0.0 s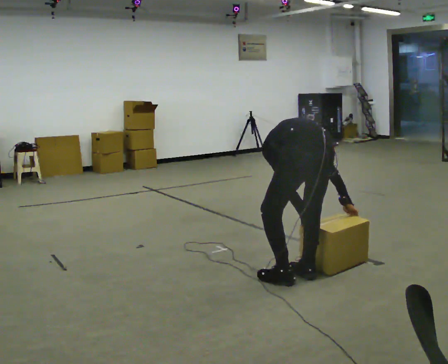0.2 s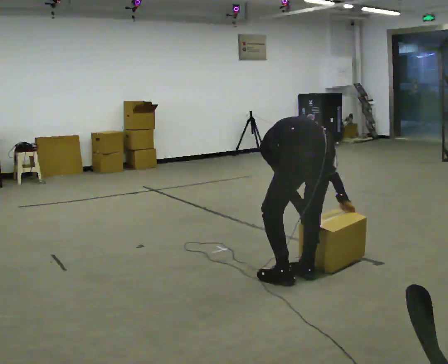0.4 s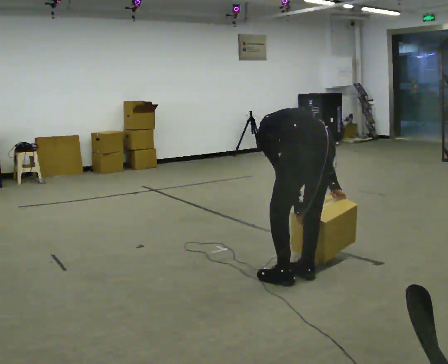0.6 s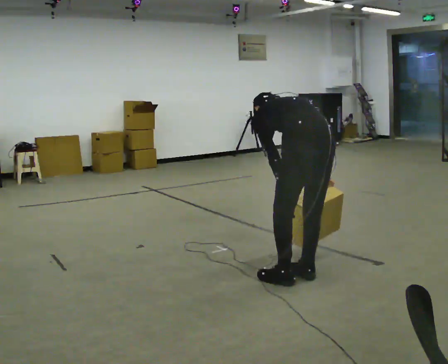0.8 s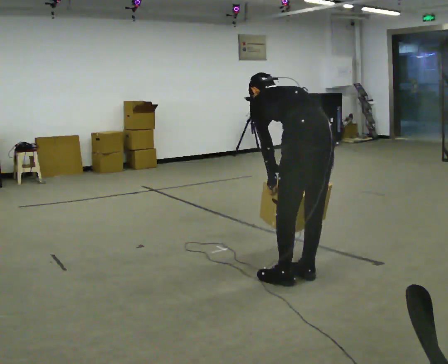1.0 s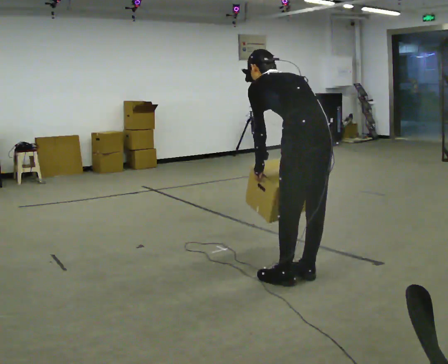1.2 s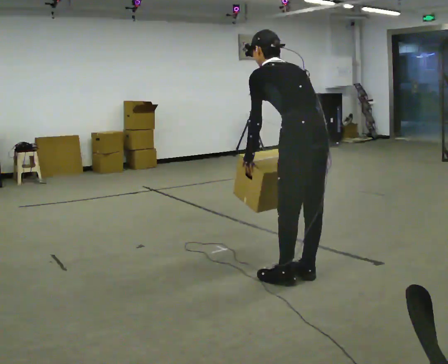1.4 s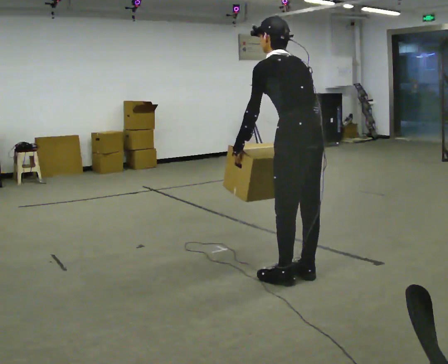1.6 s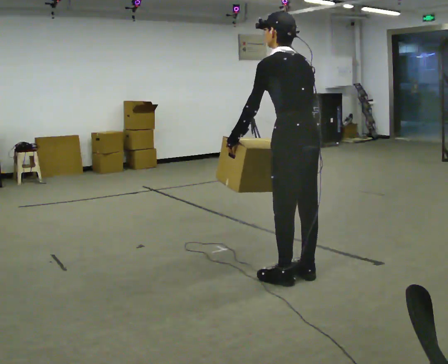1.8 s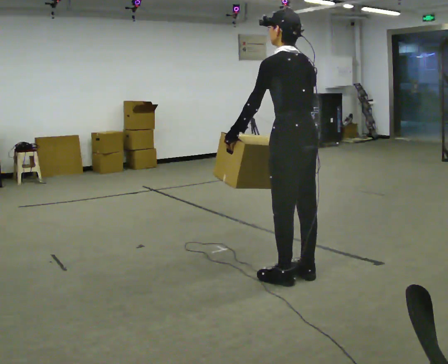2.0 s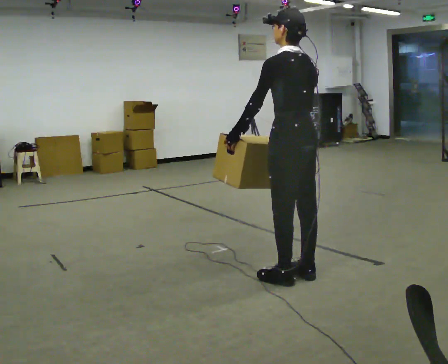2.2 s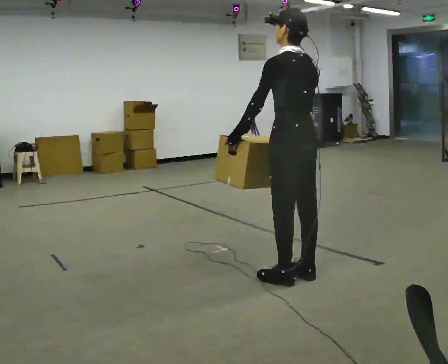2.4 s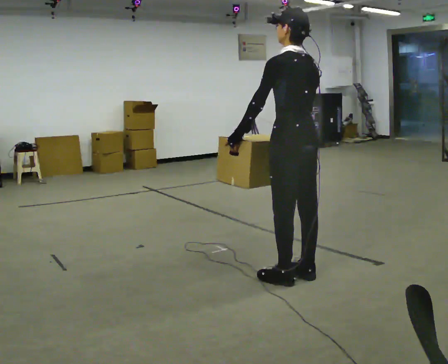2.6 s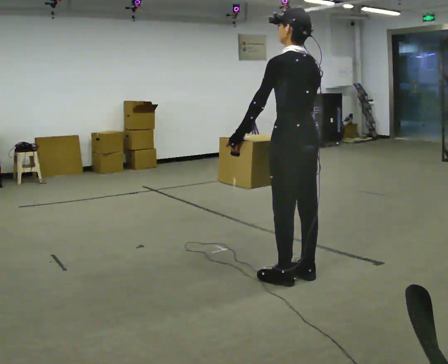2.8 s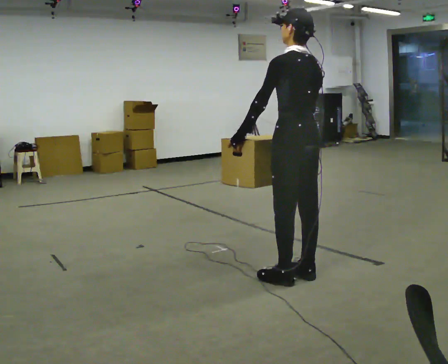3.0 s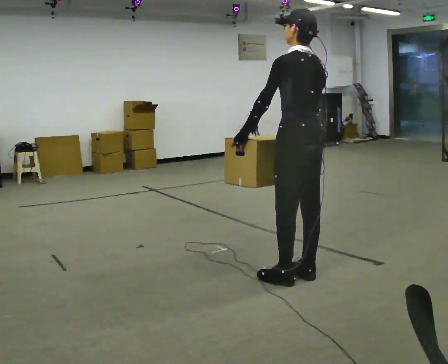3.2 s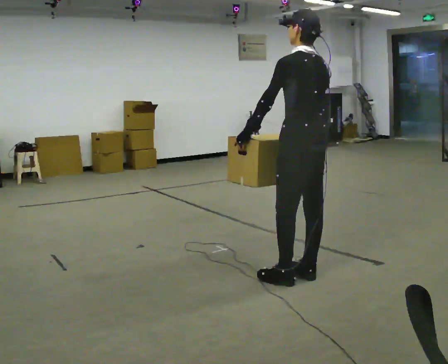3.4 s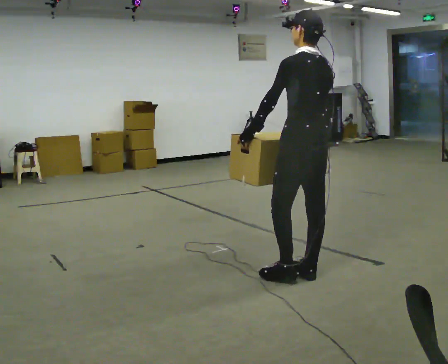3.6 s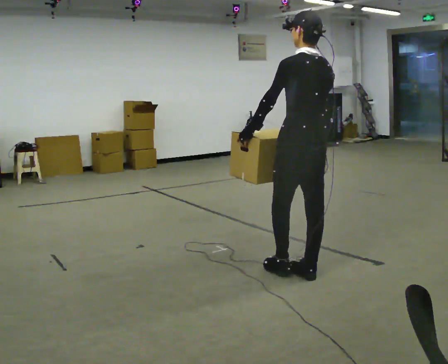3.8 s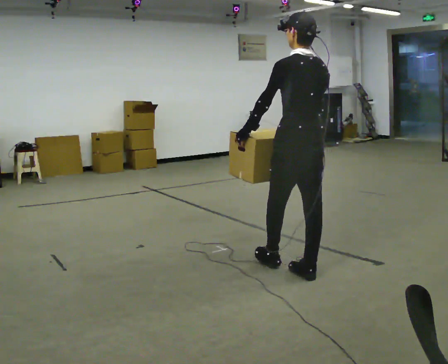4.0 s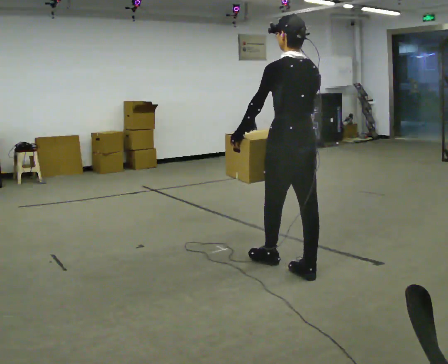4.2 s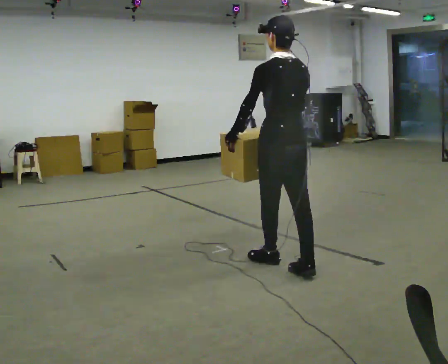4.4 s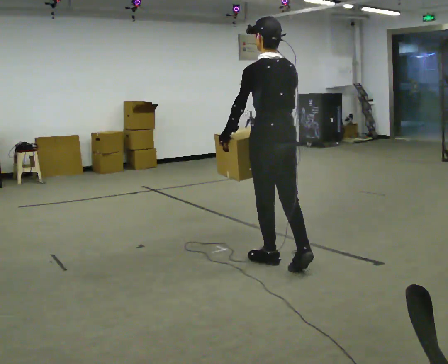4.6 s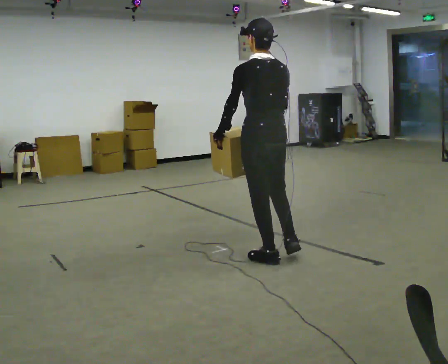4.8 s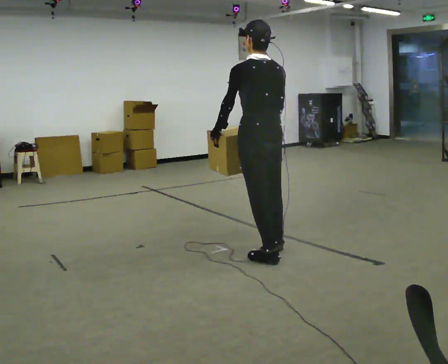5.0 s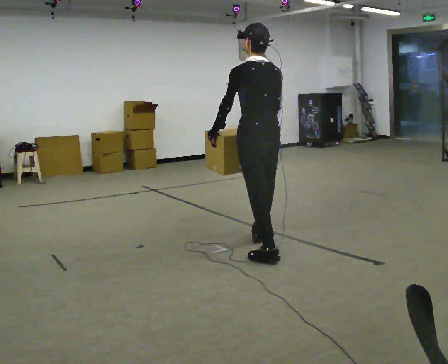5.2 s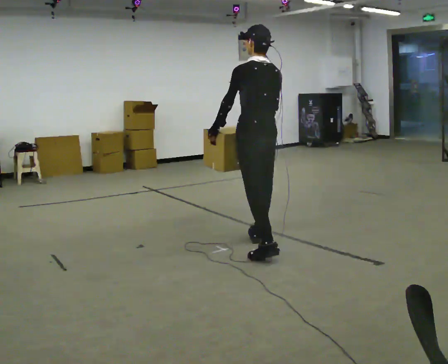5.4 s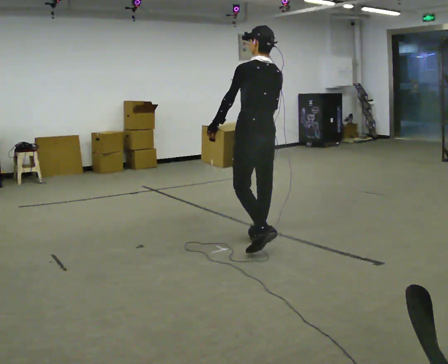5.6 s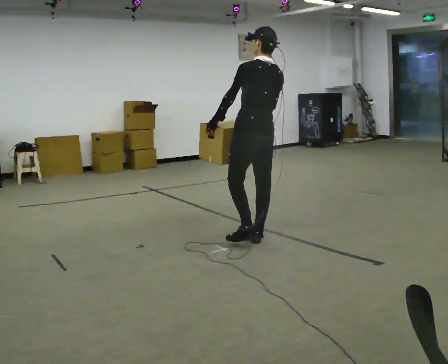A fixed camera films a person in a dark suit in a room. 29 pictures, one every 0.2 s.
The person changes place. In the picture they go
away from the camera.
Their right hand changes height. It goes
upward.
0.0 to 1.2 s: The person turns about 30 degrees to their left, counterclockwise seen from above, so the part of the body nearest the lens slides to the right. The upper body goes upward. The upper body tips toward the camera, its near side rolling downward, as they lean back or straighten. In the picture their right hand goes upward and to the left.
1.2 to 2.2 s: In the picture the upper body tilts clockwise, shoulders to the right, as they lean back or straighten.
2.2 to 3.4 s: The person moves a little, or ends about where they began.
3.4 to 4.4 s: In the picture they go away from the camera and to the left, about 0.25 m in 1 step, which for them is forward.
4.4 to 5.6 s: In the picture they go away from the camera, about 0.5 m in 1 step, which for them is forward.
The film runs forward here.
